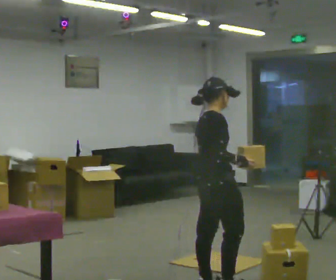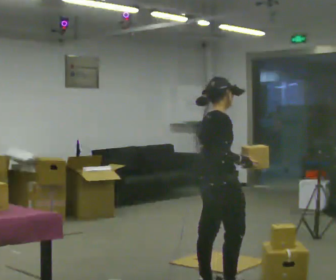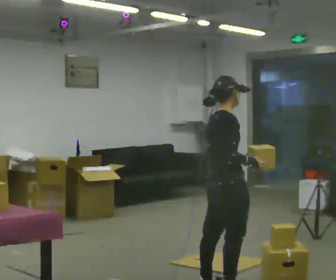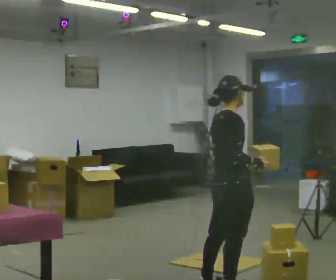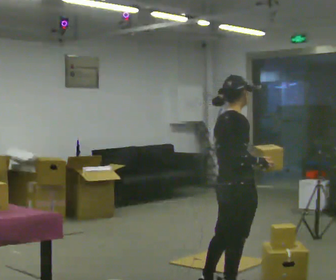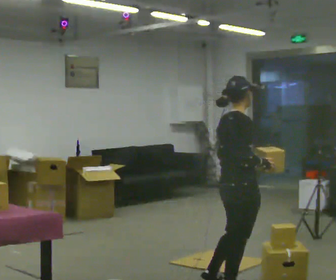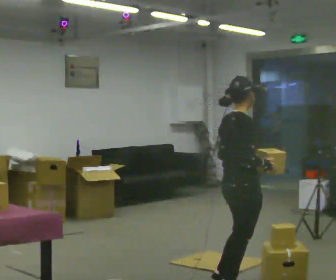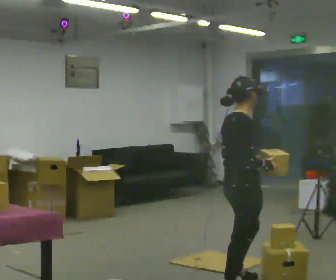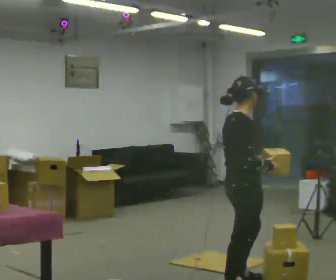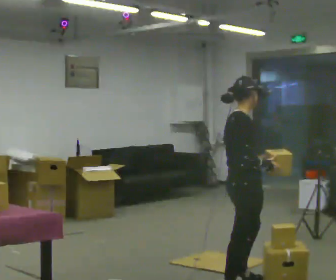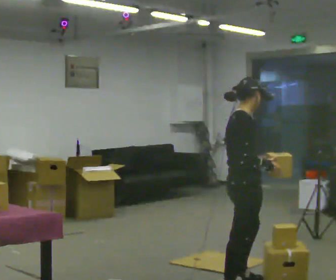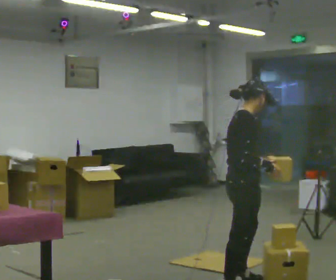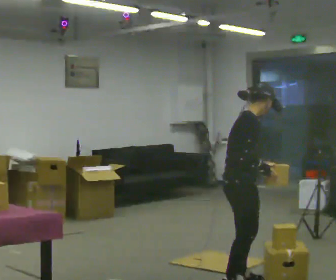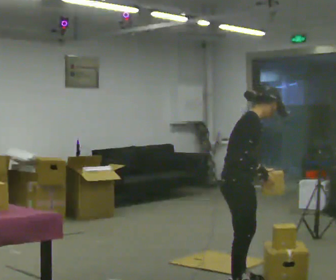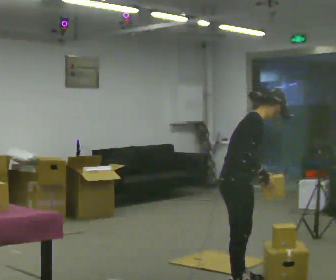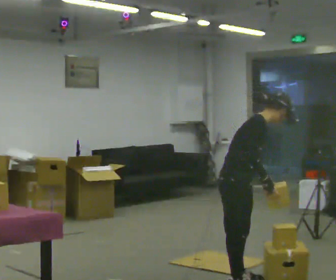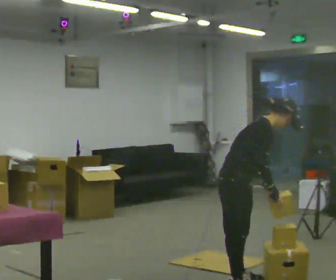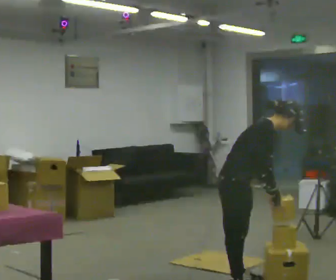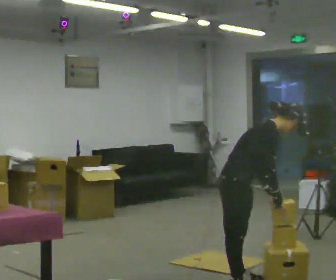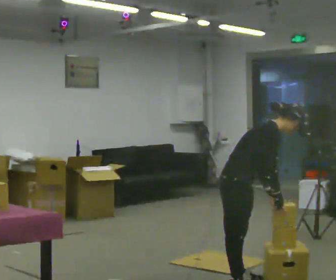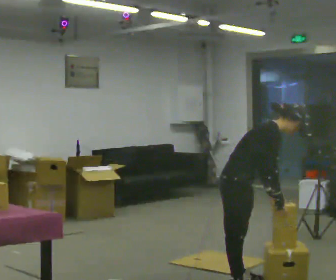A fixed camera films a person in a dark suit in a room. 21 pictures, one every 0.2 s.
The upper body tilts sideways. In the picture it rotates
clockwise.
0.0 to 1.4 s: In the picture they go to the right, about 0.25 m, which for them is forward.
1.4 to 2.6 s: In the picture the upper body tilts clockwise, shoulders to the right, as they bend forward.
2.6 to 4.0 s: In the picture the upper body tilts clockwise, shoulders to the right, as they bend forward.
The film runs forward here.
